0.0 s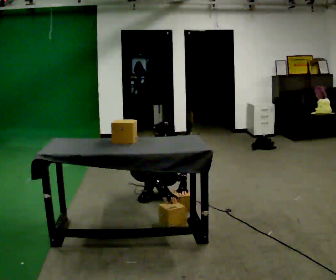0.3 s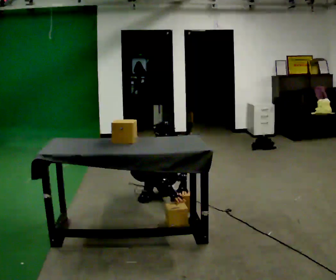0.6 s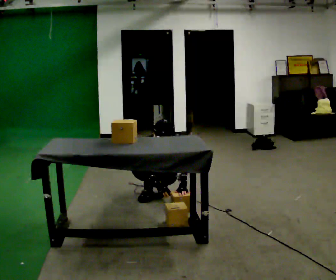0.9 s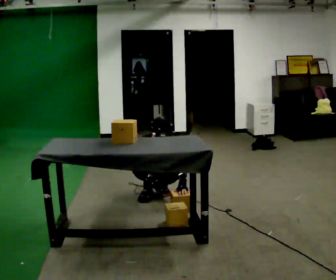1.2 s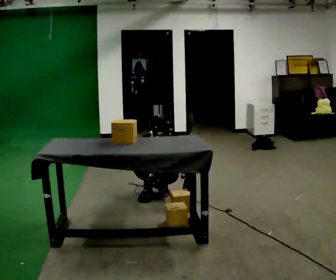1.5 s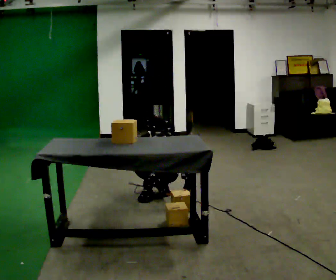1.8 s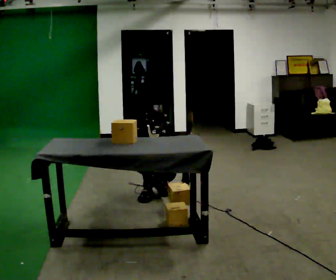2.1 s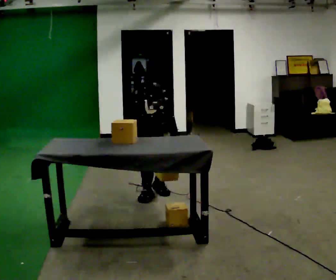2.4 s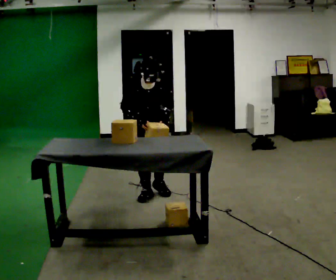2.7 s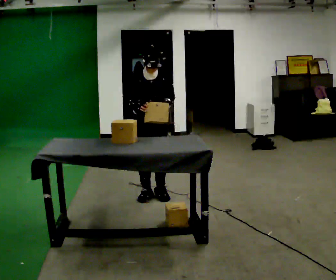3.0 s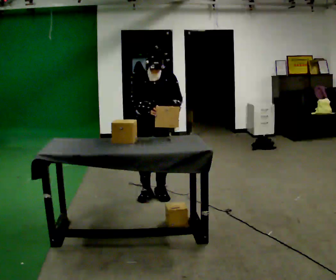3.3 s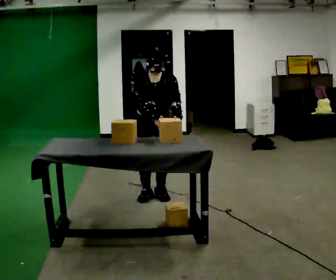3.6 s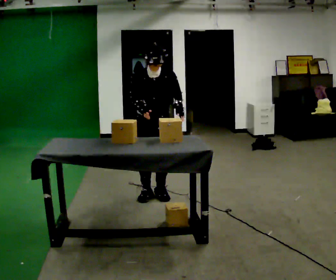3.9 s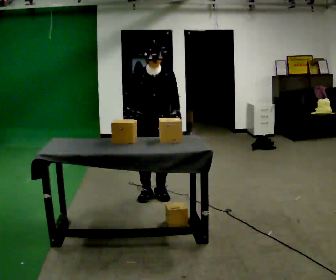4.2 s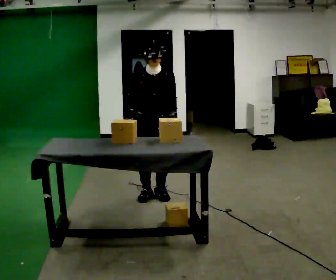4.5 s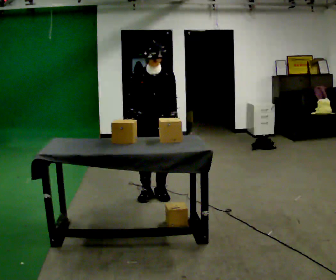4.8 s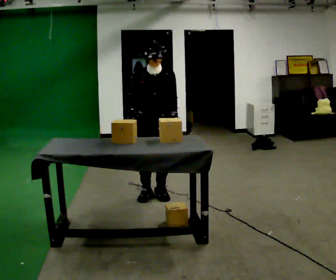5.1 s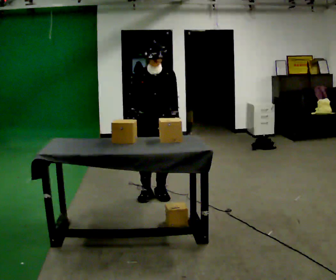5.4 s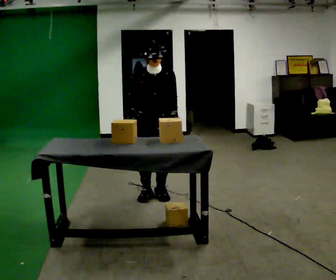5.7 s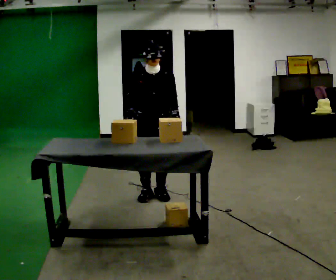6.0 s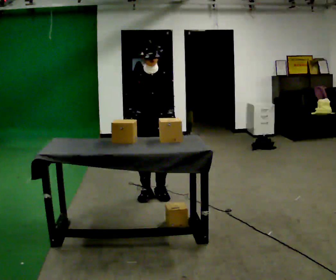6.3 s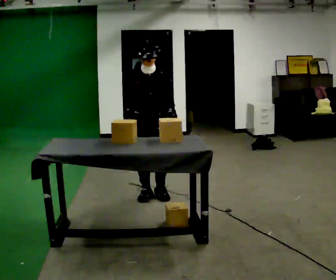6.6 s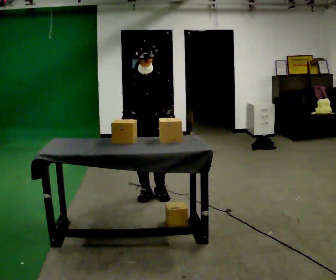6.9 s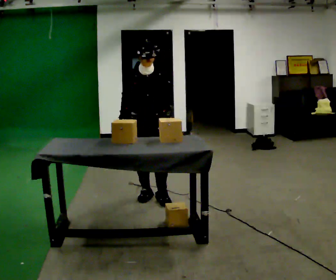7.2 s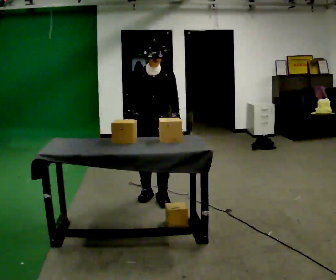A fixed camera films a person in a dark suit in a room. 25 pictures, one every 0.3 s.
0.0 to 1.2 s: The person moves a little, or ends about where they began.
1.2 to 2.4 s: The shoulders move upward. In the picture their left hand goes upward.
2.4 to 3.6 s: The person moves a little, or ends about where they began.
3.6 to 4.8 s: The upper body tips away from the camera, its near side rolling upward, as they lean back or straighten.
4.8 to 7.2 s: The person moves a little, or ends about where they began.
The film runs backward here.
